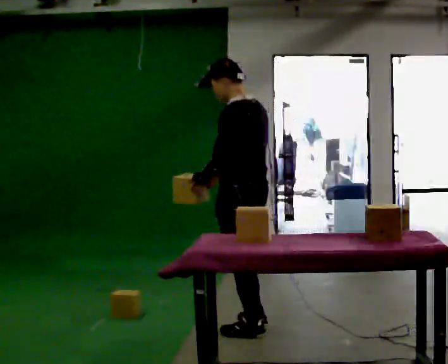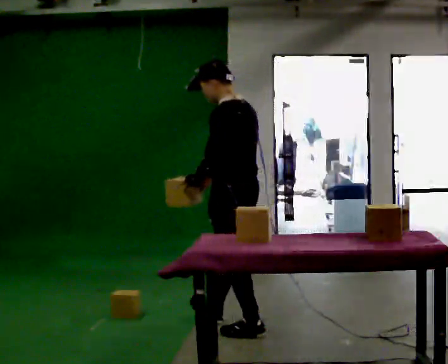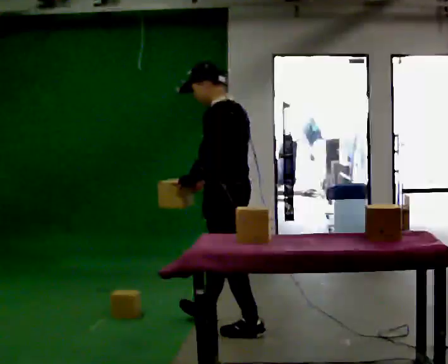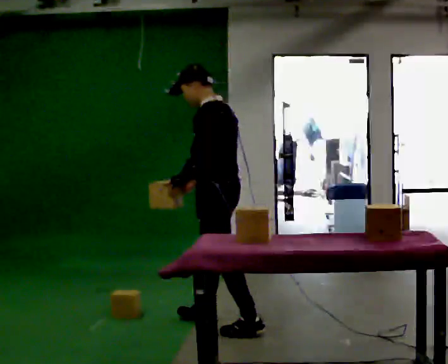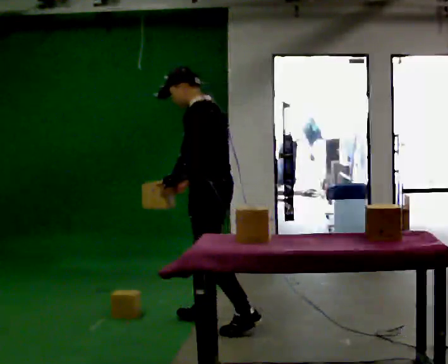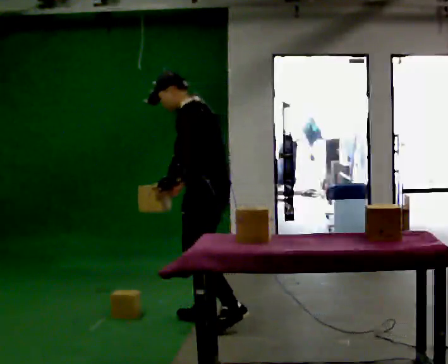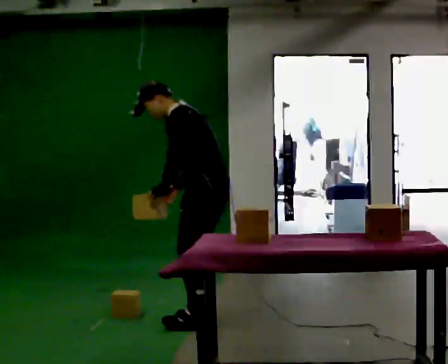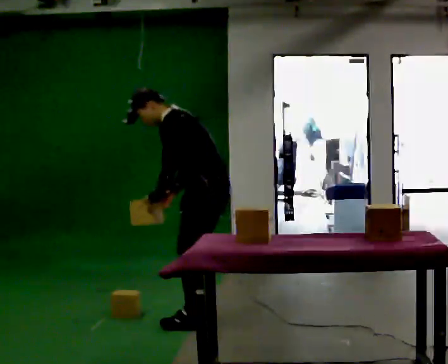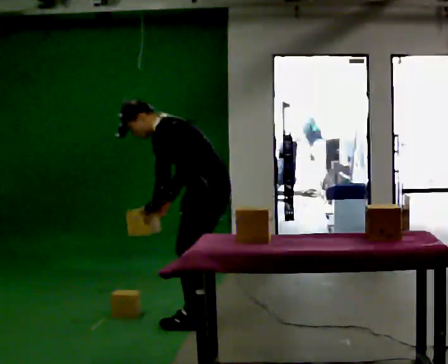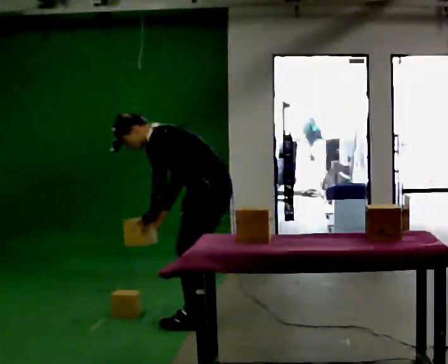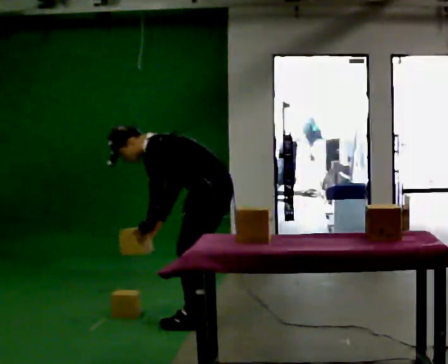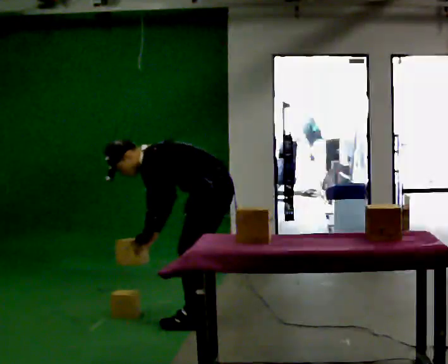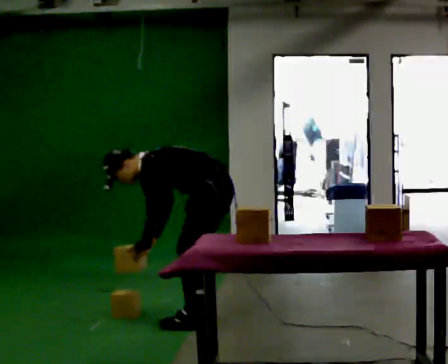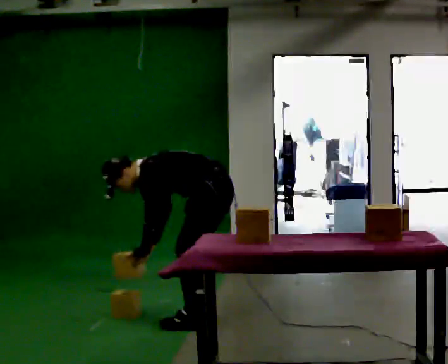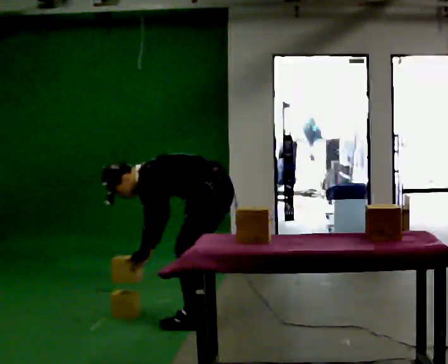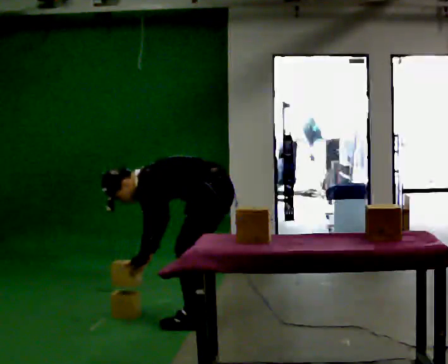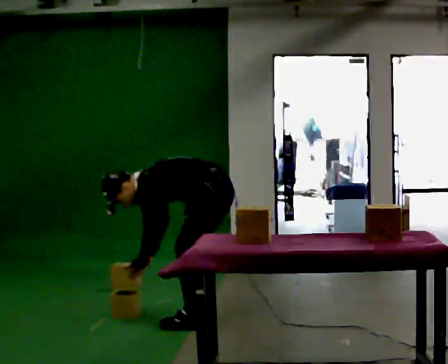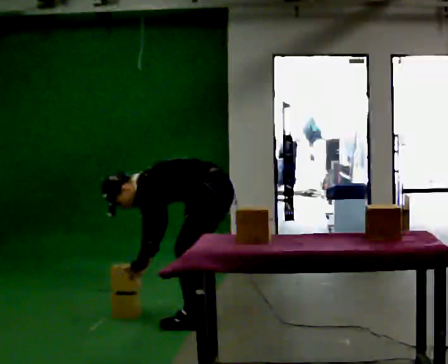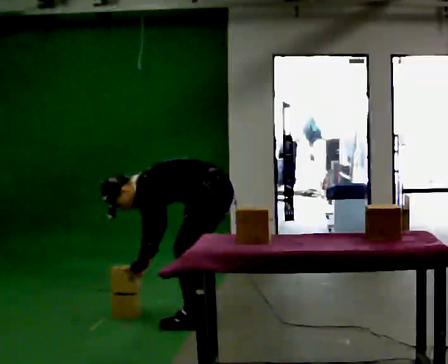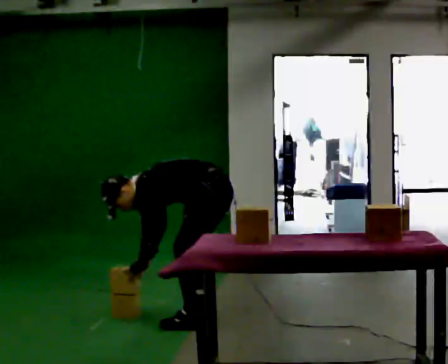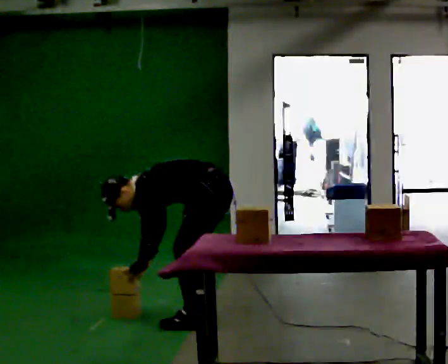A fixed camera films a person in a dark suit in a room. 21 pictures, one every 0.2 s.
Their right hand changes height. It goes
downward.
Their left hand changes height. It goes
downward.
0.0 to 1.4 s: In the picture they go away from the camera and to the left, about 0.25 m in 2 steps, which for them is forward and to their right. In the picture the upper body tilts counterclockwise, shoulders to the left, as they bend forward.
1.4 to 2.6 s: The upper body goes downward. In the picture the upper body tilts counterclockwise, shoulders to the left, as they bend forward. In the picture their left hand goes downward.
2.6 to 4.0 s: In the picture the upper body tilts counterclockwise, shoulders to the left, as they bend forward.
The film runs forward here.
